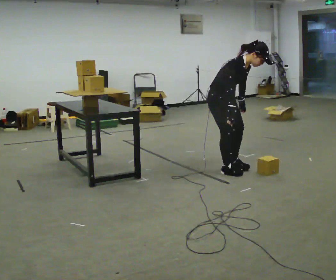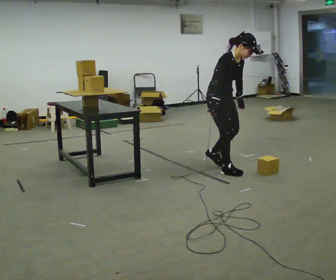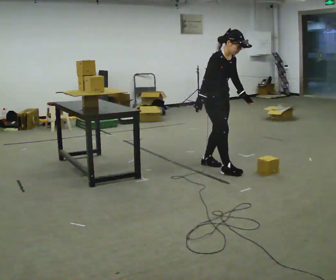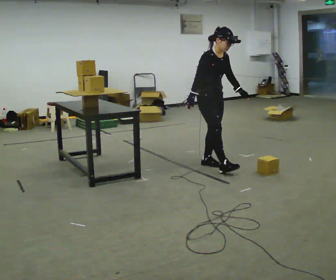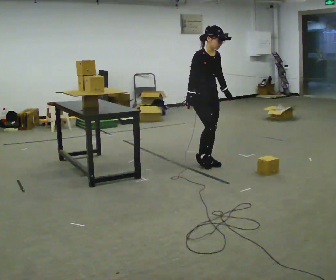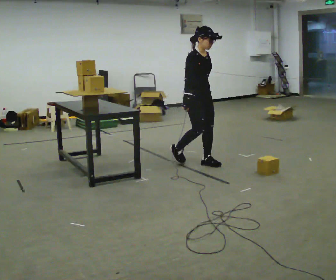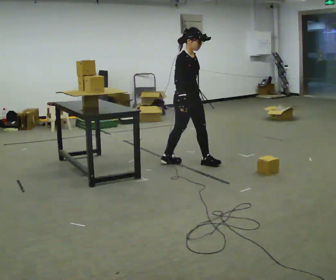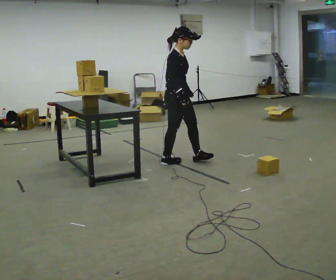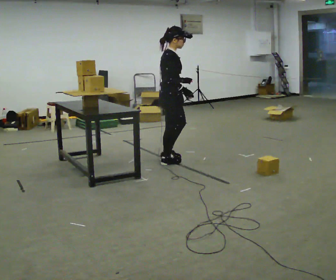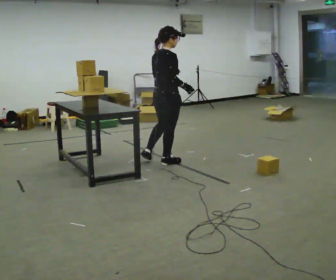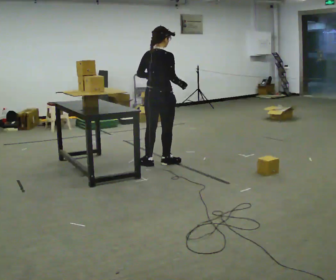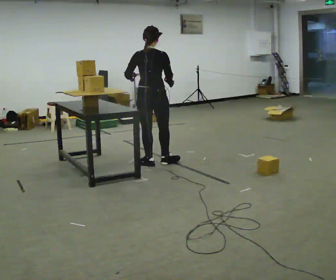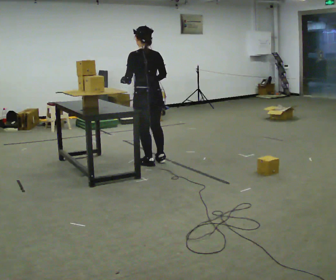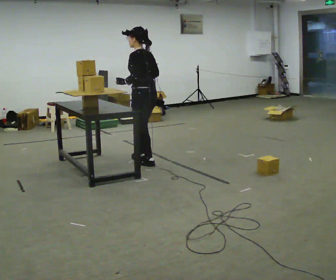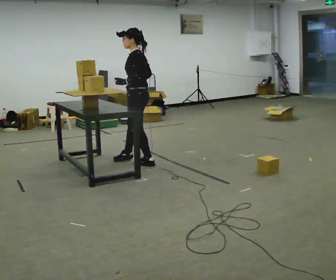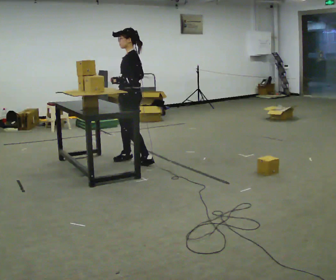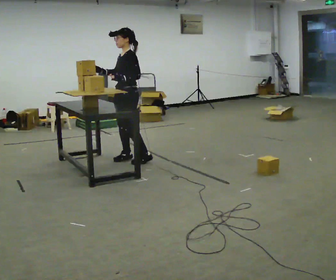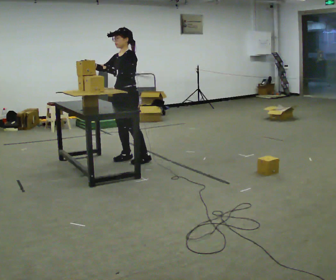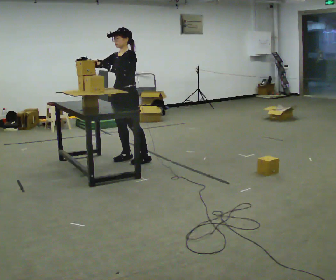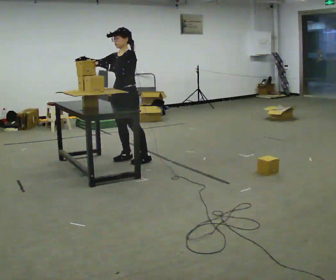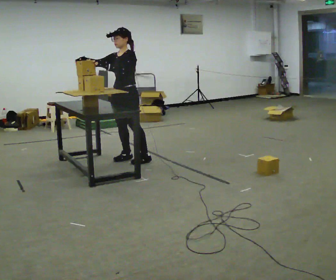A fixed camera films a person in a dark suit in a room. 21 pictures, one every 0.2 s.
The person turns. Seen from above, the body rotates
counterclockwise.
The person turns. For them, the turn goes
to their left.
0.0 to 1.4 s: In the picture they go to the left and away from the camera, about 0.5 m in 2 steps, which for them is backward. In the picture the upper body tilts counterclockwise, shoulders to the left, as they lean back or straighten.
1.4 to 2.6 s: Seen from above the body turns counterclockwise, about 165 degrees: to their left, with its near side sliding to the right. In the picture they go to the left, about 0.25 m in 1 step.
2.6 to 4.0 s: Seen from above the body turns counterclockwise, about 90 degrees: to their left, with its near side sliding to the right. In the picture they go to the left and away from the camera, about 0.25 m.
The film runs backward here.
